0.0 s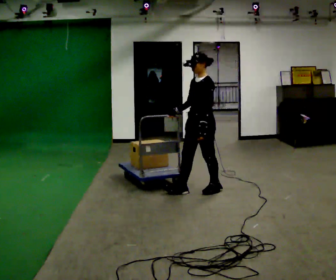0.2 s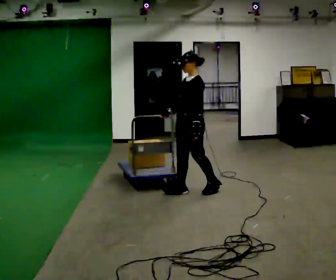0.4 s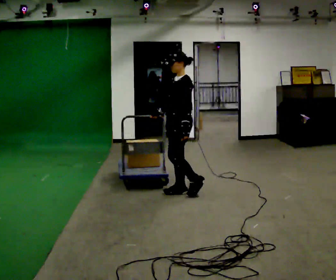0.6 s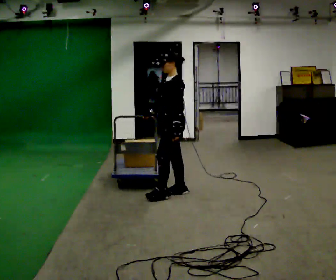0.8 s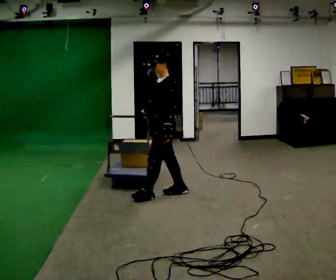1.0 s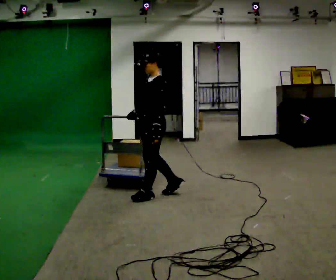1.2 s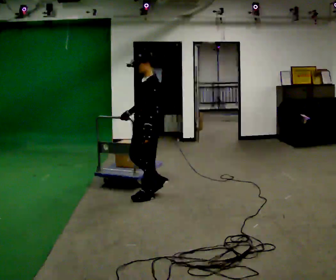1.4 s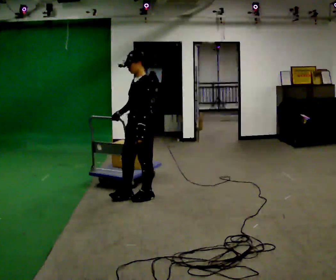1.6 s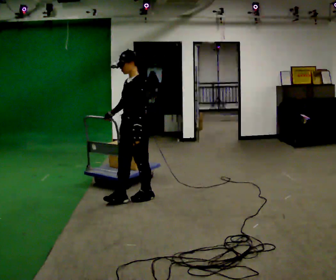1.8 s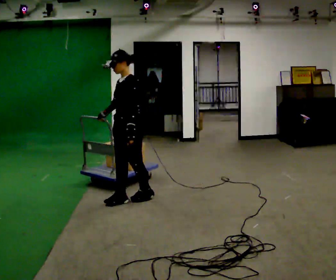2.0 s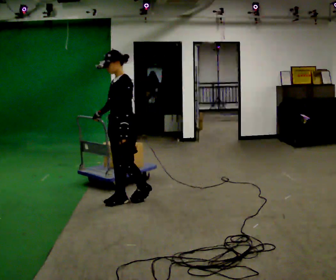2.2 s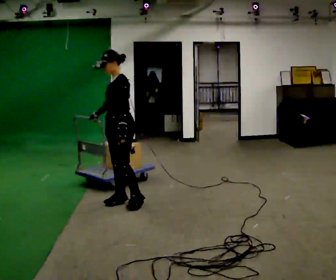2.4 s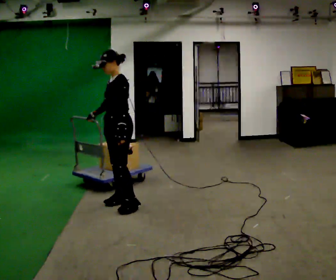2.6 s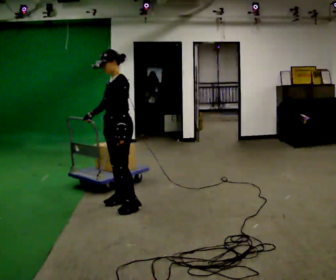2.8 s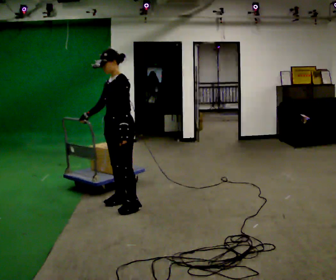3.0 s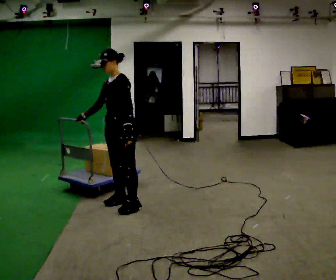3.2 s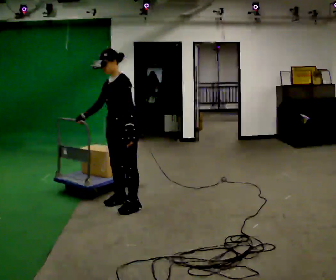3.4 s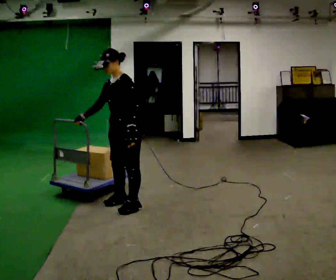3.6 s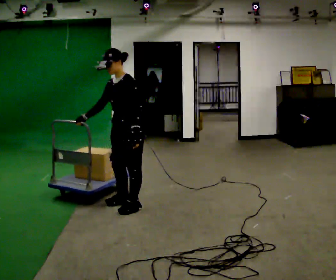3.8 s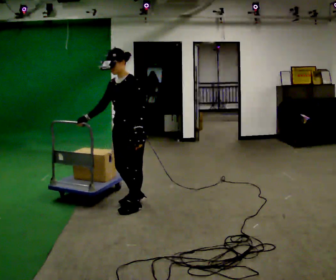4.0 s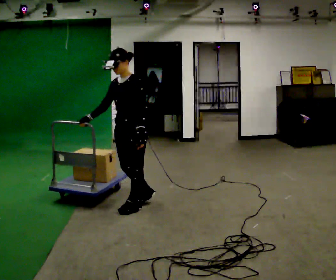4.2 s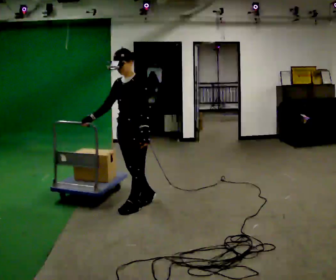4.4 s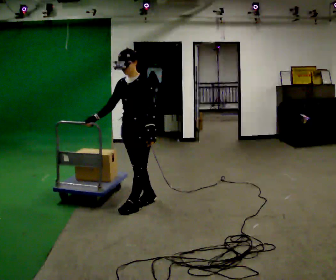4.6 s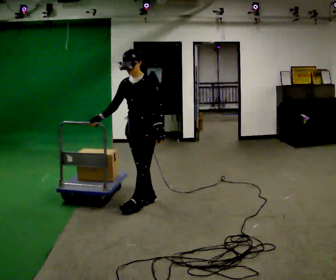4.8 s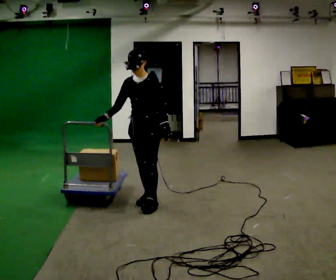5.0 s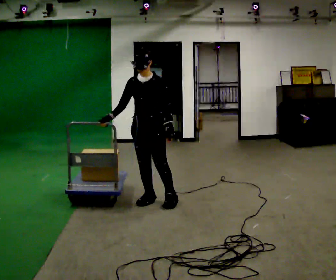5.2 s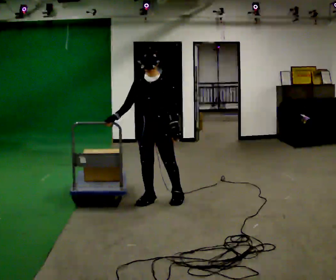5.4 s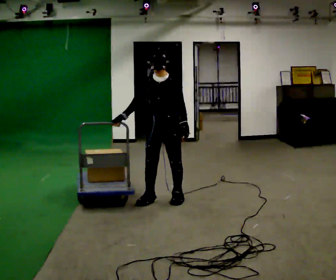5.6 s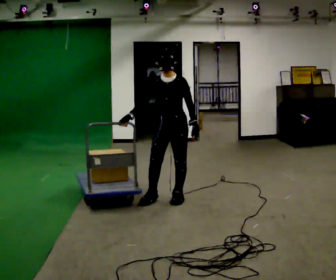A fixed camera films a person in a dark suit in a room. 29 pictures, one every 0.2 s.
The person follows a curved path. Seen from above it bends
counterclockwise.
0.0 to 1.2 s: In the picture they go to the left, about 0.5 m in 1 step, which for them is forward.
1.2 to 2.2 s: In the picture they go to the left, about 0.25 m in 1 step, which for them is forward.
2.2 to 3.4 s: In the picture they go toward the camera, about 0.25 m in 1 step, which for them is to their left.
3.4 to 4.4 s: The person moves a little, or ends about where they began.
4.4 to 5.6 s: In the picture they go to the right, about 0.25 m in 1 step, which for them is backward and to their left.
The film runs forward here.
